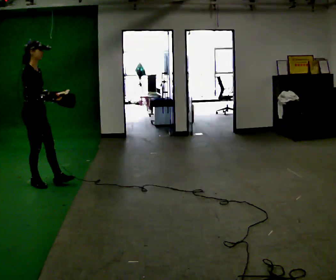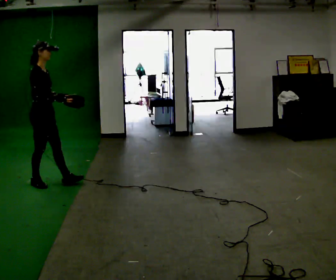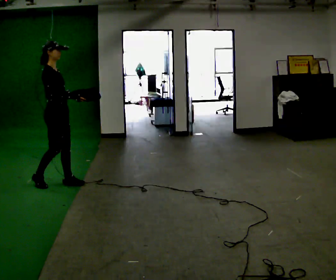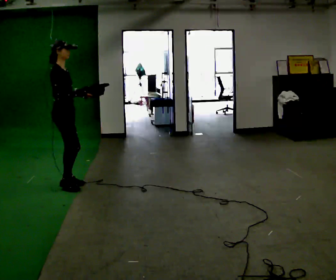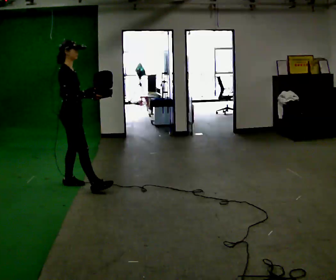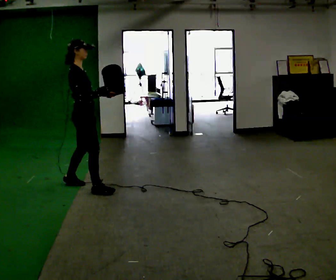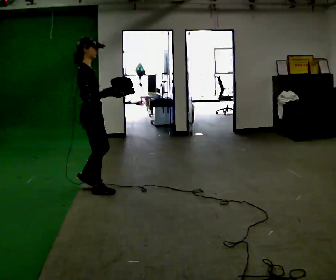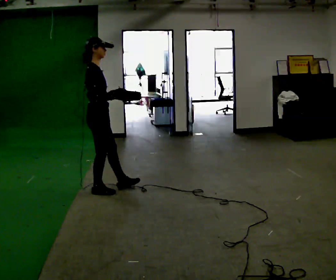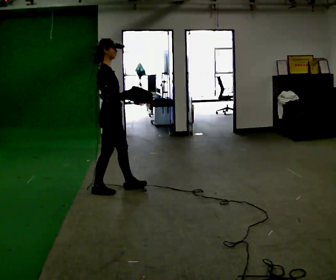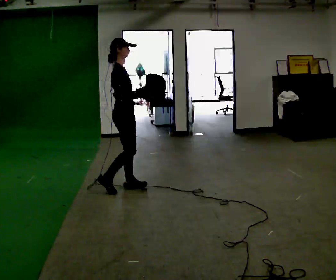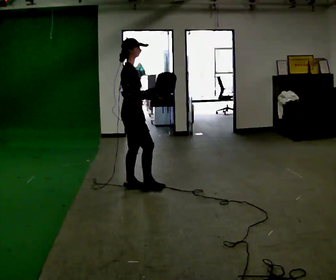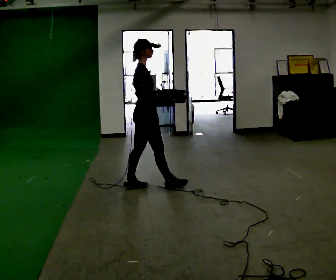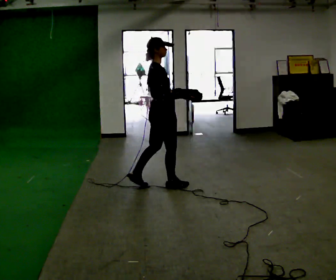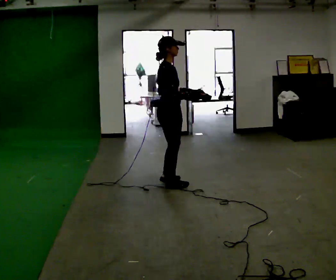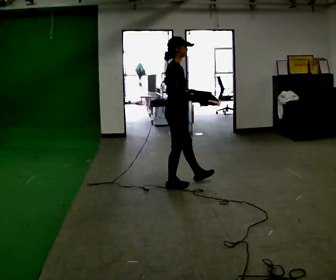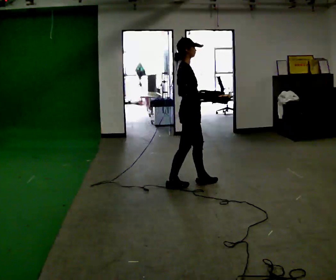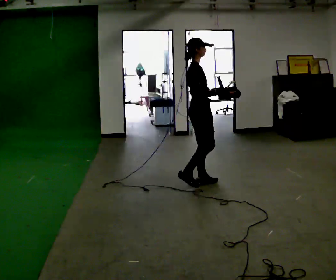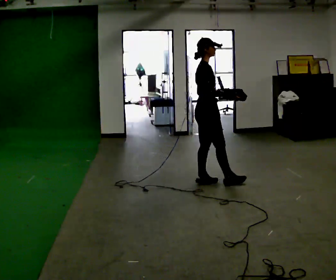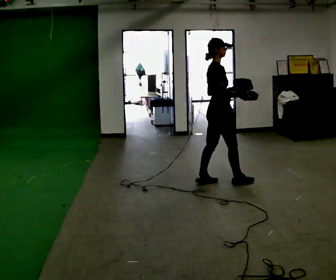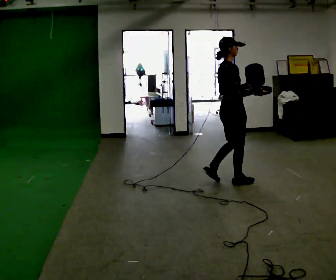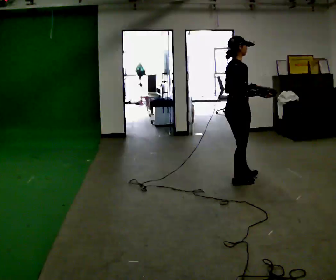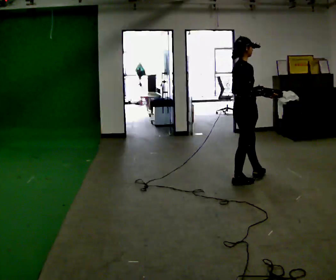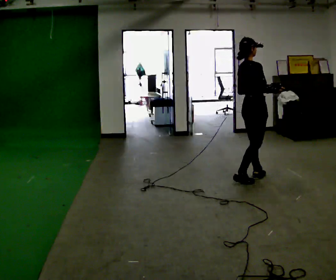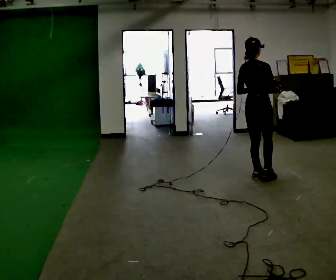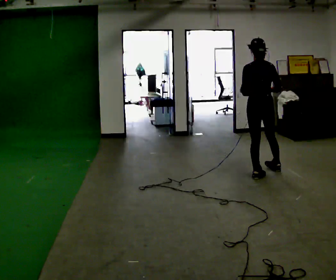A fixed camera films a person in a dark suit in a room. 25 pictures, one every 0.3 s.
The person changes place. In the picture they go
to the right.
0.0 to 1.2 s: In the picture they go to the right, about 0.5 m in 2 steps, which for them is to their right and forward.
1.2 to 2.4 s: In the picture they go to the right, about 0.5 m in 1 step, which for them is to their right.
2.4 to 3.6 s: In the picture they go to the right, about 0.5 m in 1 step, which for them is to their right and forward.
3.6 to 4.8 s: In the picture they go to the right, about 0.5 m in 1 step, which for them is to their right and forward.
4.8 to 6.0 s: In the picture they go to the right, about 0.5 m in 1 step, which for them is to their right.
6.0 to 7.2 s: Seen from above the body turns counterclockwise, about 90 degrees: to their left, with its near side sliding to the right. In the picture they go to the right and away from the camera, about 0.5 m in 1 step.
The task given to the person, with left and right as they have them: Carry the open container and, while walking, reach in with one hand and take an item out, then put it back. Repeat as you walk. Do not stop.
The film runs forward here.
